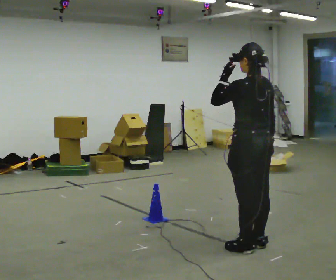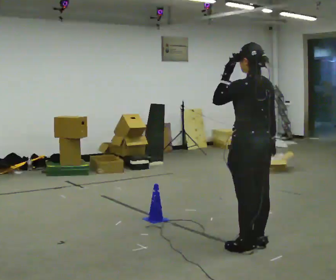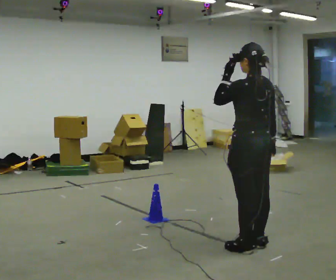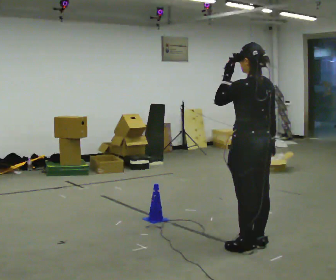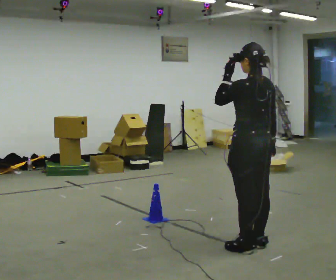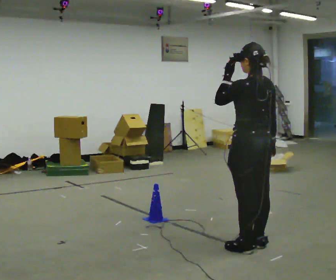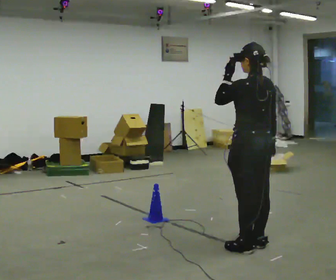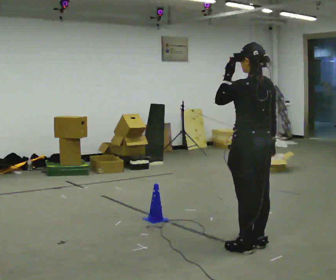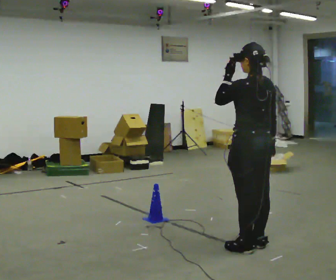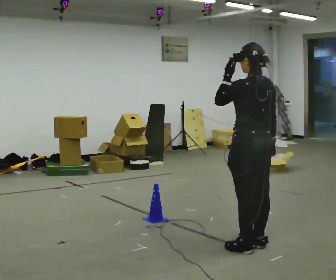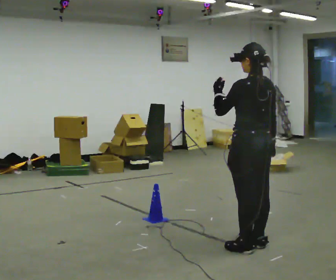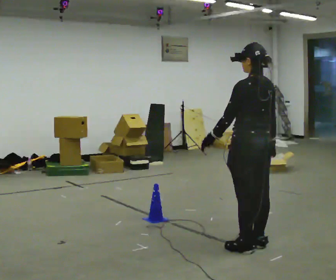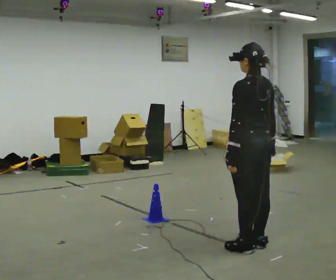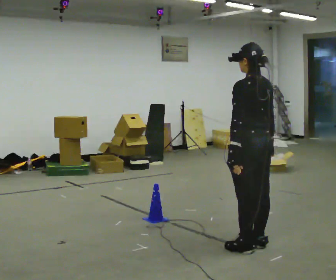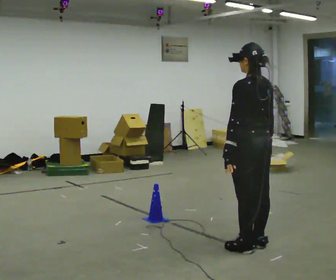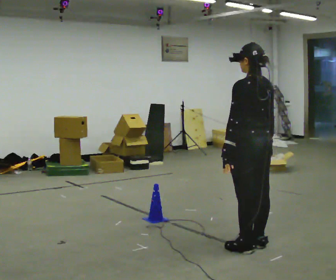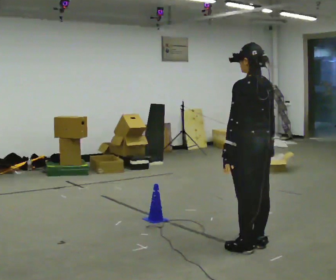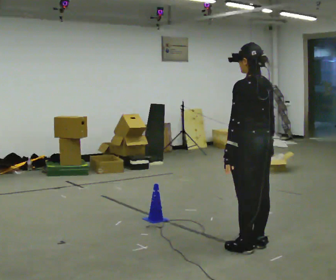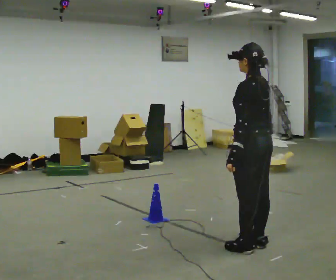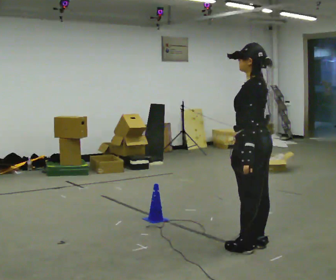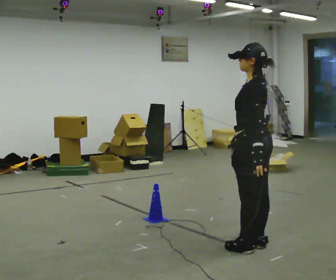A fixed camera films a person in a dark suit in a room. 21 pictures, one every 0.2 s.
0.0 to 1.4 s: The person keeps their place and pose.
1.4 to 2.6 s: In the picture their left hand goes downward.
2.6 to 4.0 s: The person turns about 30 degrees to their left, counterclockwise seen from above, so the part of the body nearest the lens slides to the right.
The film runs forward here.
